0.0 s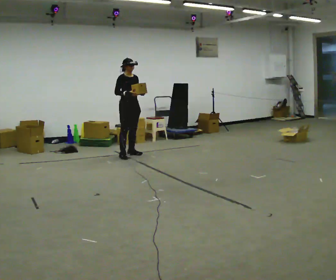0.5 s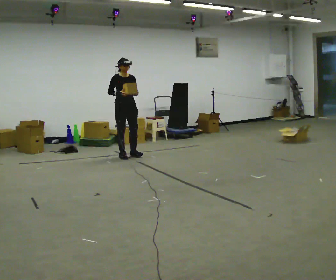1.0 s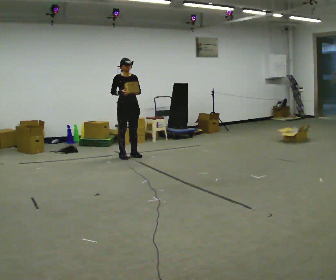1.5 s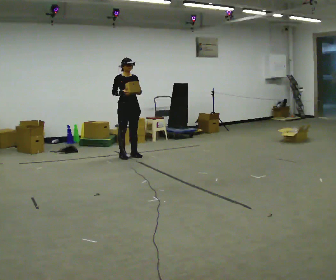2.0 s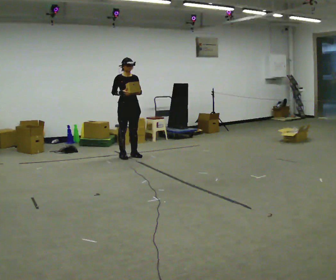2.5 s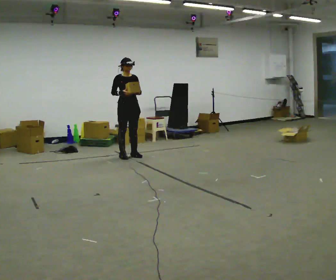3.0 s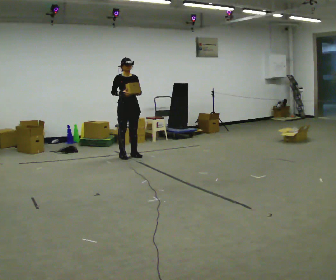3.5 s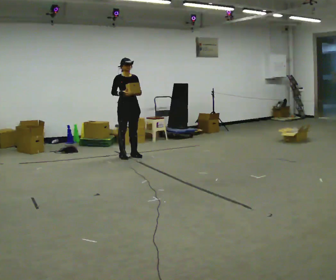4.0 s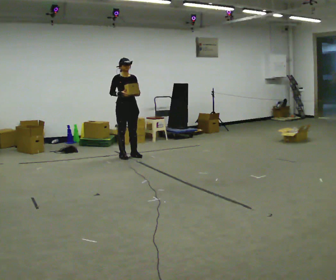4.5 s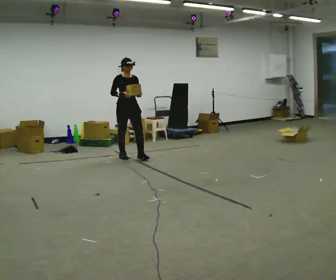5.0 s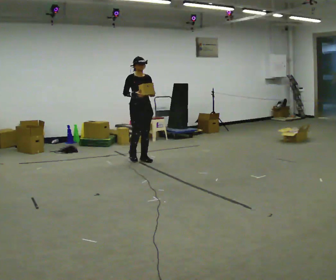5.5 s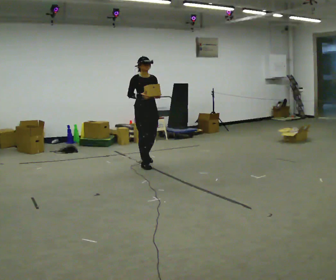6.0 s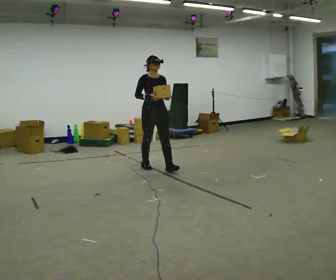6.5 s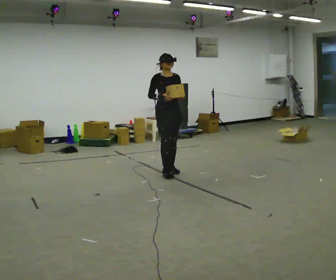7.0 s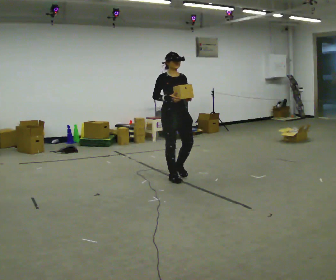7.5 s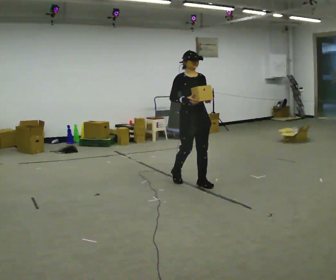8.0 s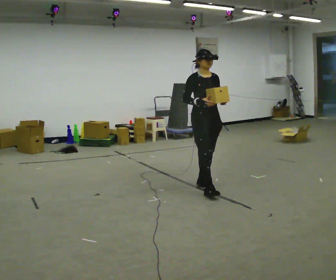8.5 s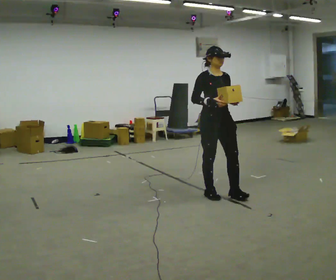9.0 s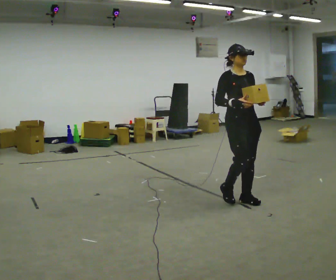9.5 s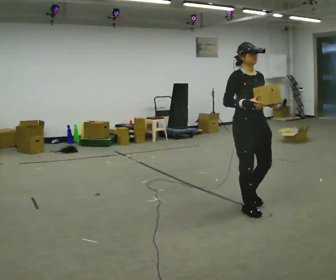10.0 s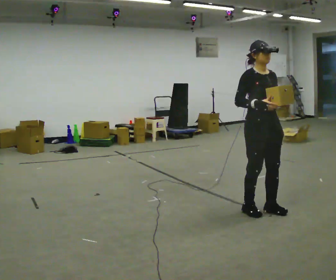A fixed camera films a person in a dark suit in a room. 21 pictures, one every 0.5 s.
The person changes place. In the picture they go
toward the camera.
0.0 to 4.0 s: The person moves a little, or ends about where they began.
4.0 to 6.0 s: In the picture they go toward the camera and to the right, about 1 m in 2 steps, which for them is forward.
6.0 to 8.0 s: In the picture they go toward the camera and to the right, about 1 m in 3 steps, which for them is forward.
8.0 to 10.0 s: In the picture they go toward the camera and to the right, about 1 m in 4 steps, which for them is forward.
The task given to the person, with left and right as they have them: Carry the light box in both hands in front of you, walking back and forth across the room. Keep walking until the operator says stop.
The film runs forward here.
